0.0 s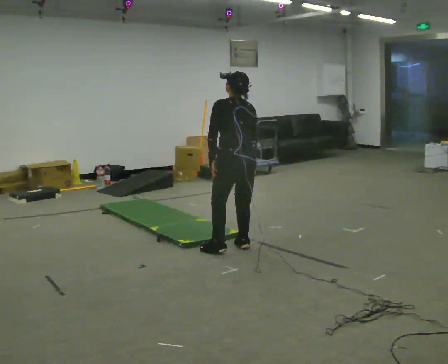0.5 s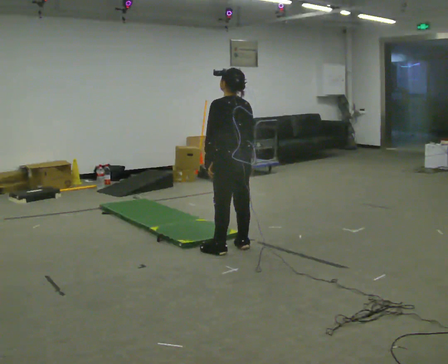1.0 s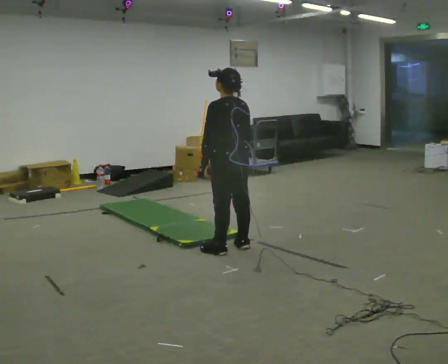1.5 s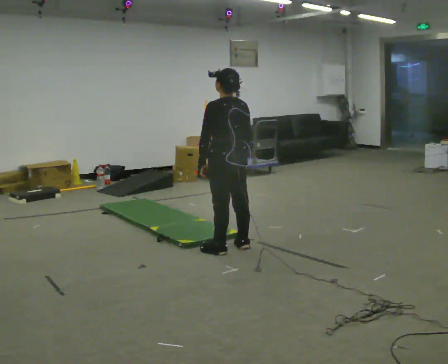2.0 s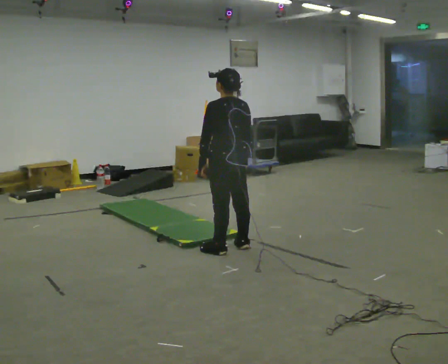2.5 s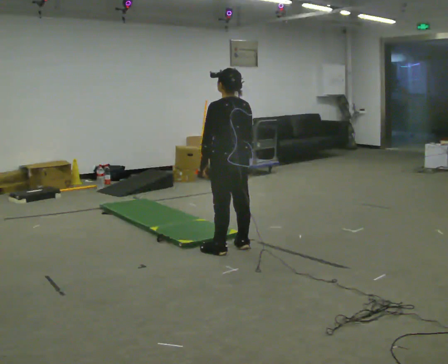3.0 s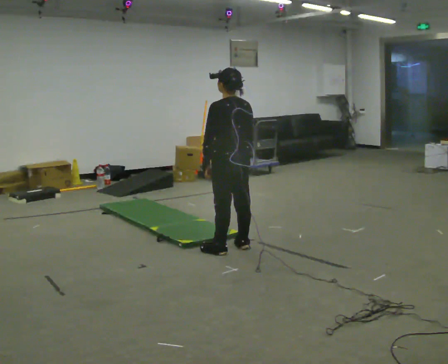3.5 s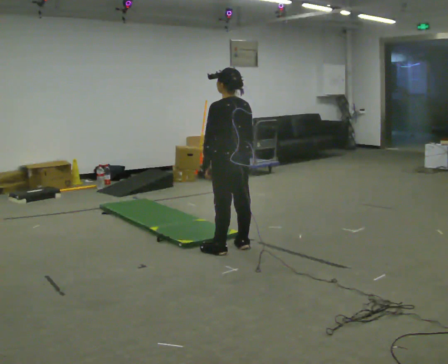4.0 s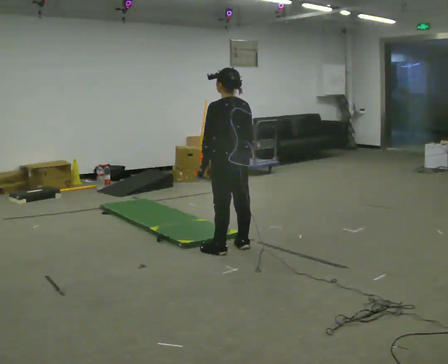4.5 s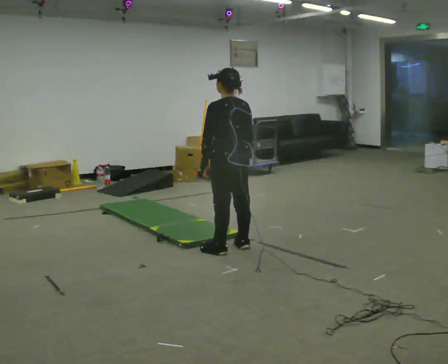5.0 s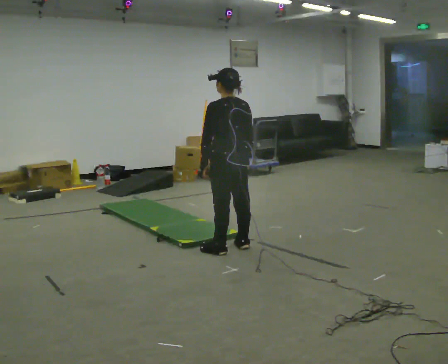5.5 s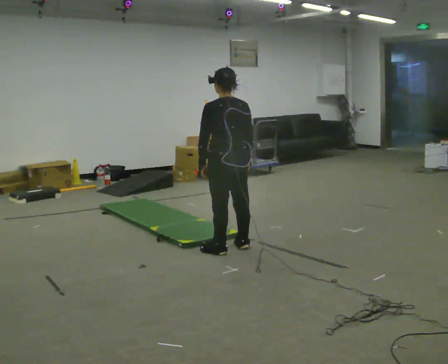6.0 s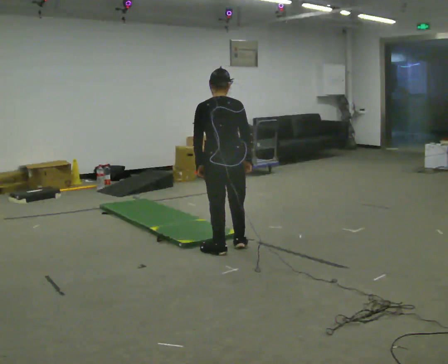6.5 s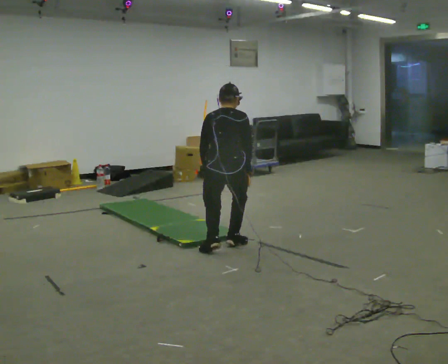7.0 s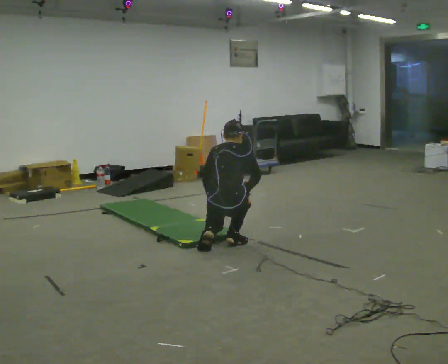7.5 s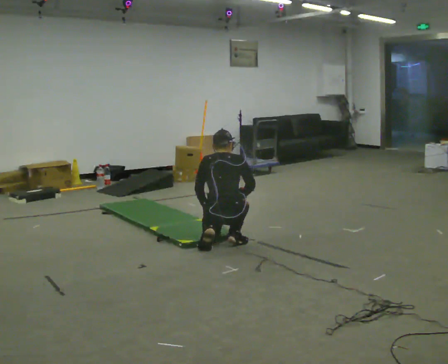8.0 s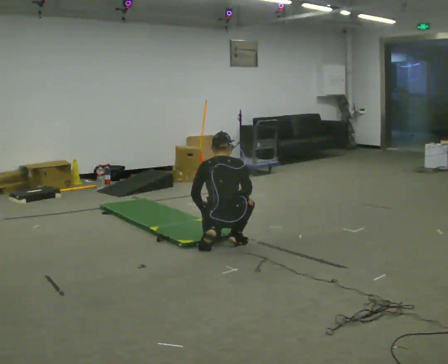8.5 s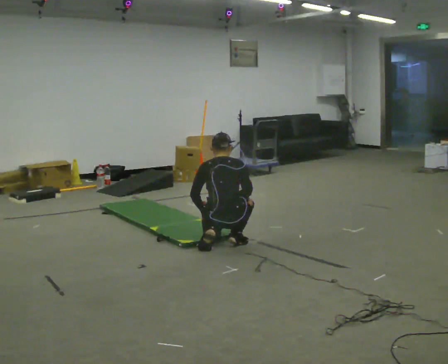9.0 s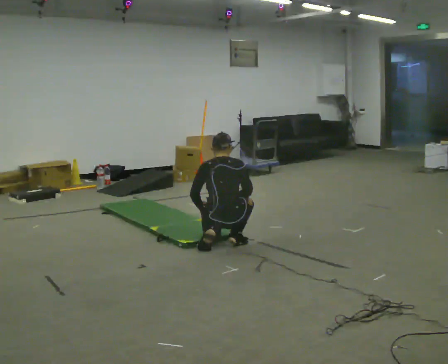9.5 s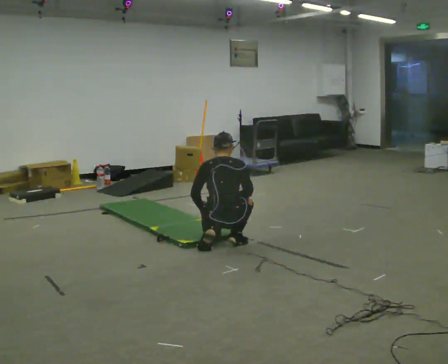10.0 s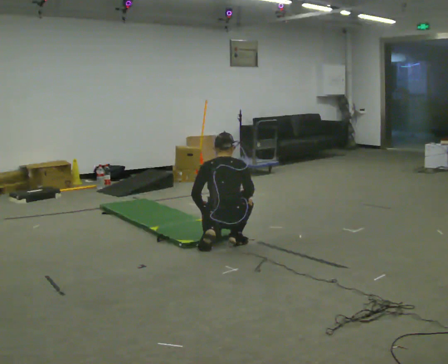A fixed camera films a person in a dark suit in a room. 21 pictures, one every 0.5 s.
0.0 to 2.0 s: The upper body tips toward the camera, its near side rolling downward, as they lean back or straighten.
2.0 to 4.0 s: The person keeps their place and pose.
4.0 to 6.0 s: Seen from above the body turns clockwise, about 30 degrees: to their right, with its near side sliding to the left.
6.0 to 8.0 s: The shoulders move downward. In the picture their right hand goes downward.
8.0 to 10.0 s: The person keeps their place and pose.
The film runs forward here.
